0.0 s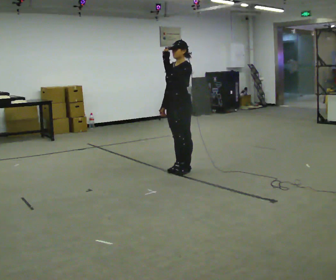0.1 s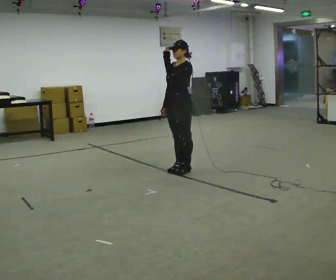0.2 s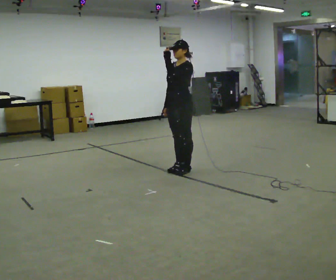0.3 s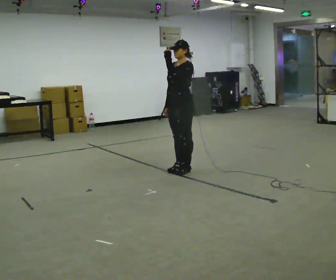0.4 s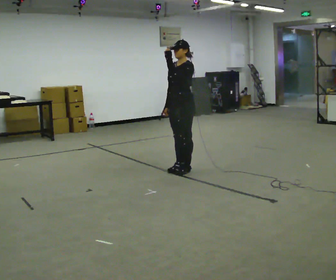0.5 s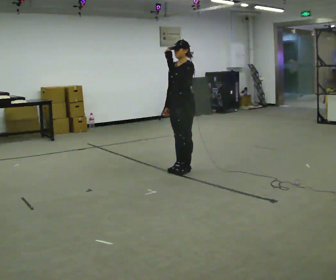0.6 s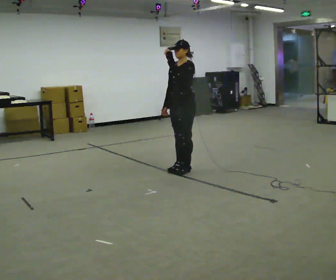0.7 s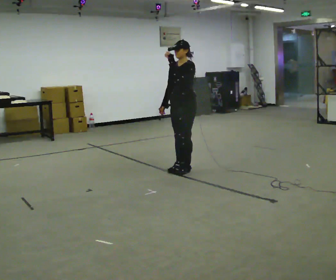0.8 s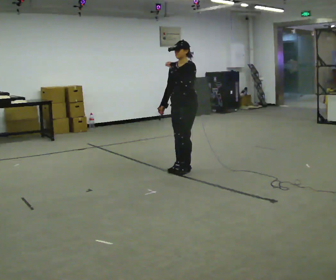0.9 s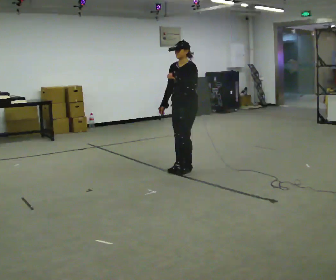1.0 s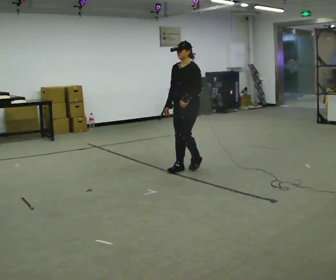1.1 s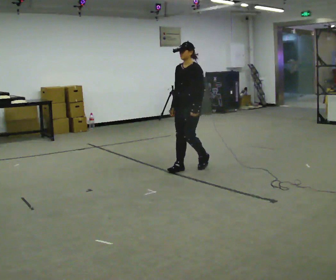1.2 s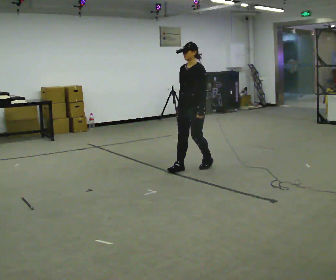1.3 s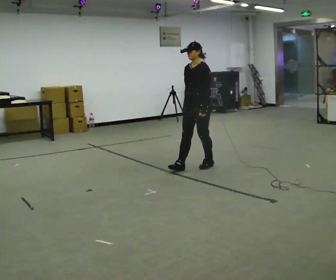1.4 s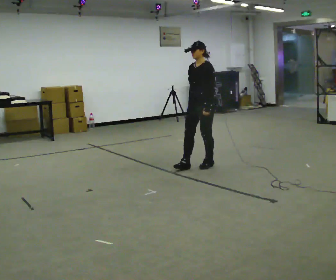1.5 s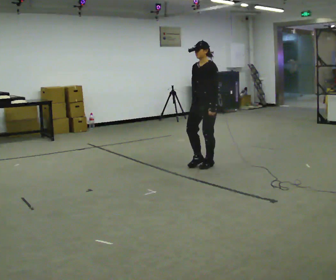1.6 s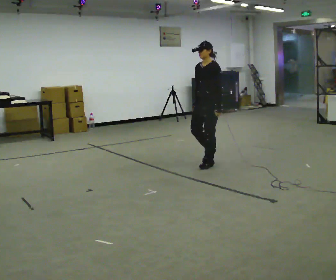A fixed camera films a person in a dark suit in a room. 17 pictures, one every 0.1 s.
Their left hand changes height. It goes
downward.
0.0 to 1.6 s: In the picture they go to the right and away from the camera, about 0.5 m in 2 steps, which for them is backward. In the picture their left hand goes downward.
The film runs backward here.
